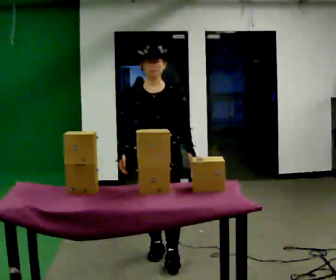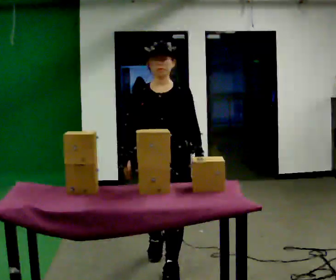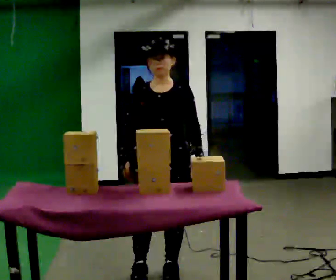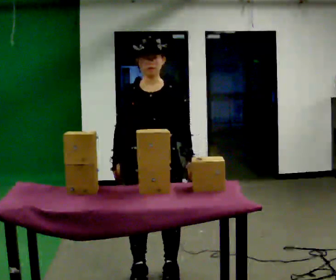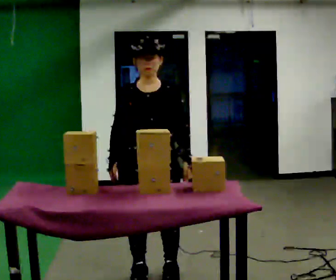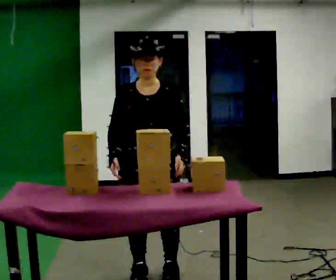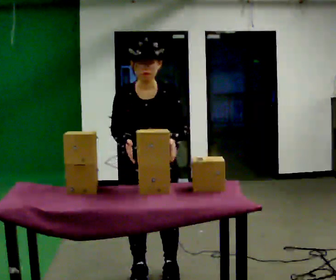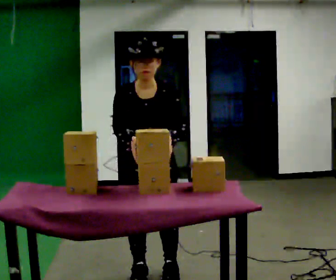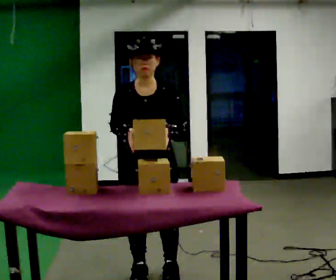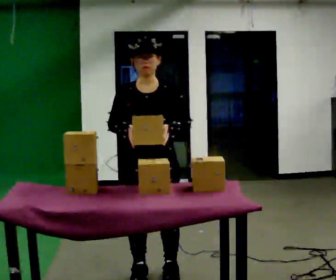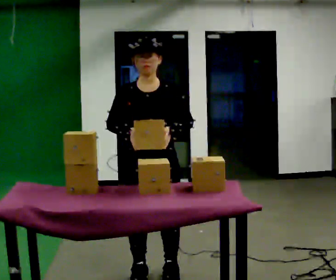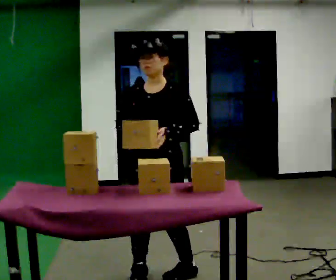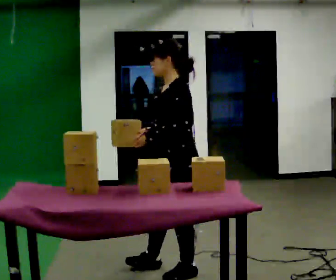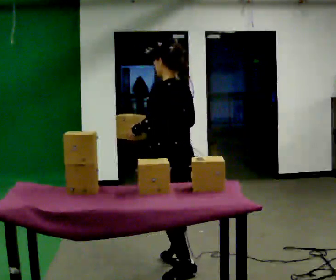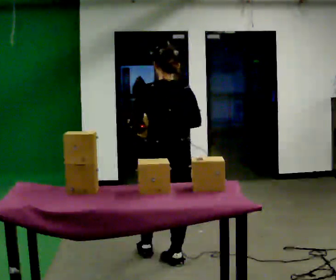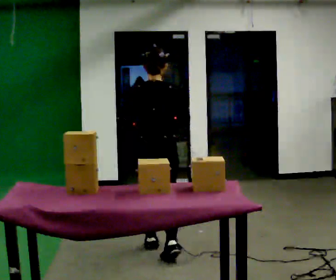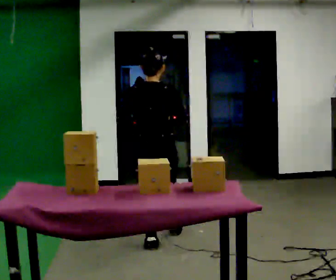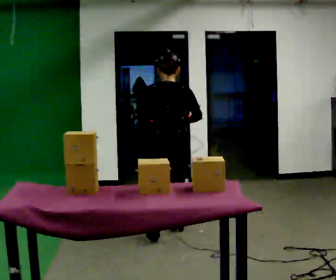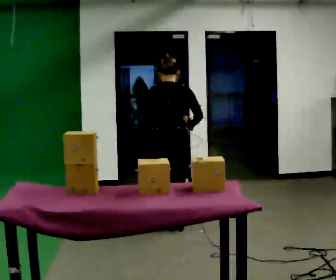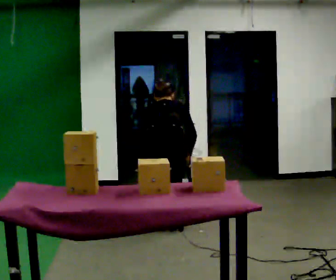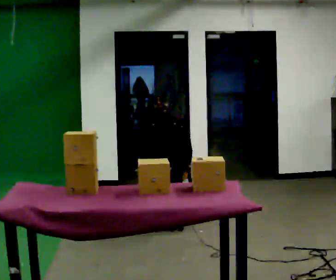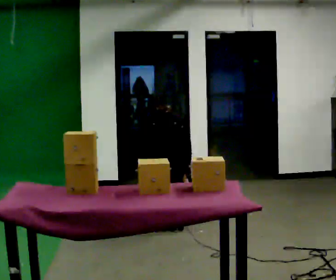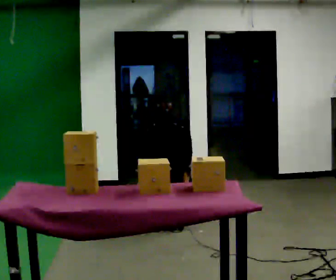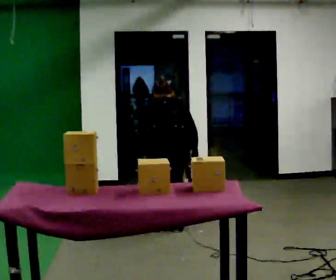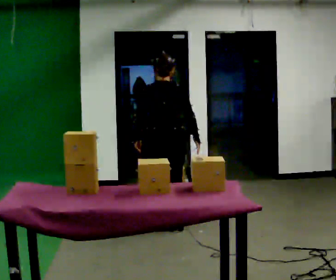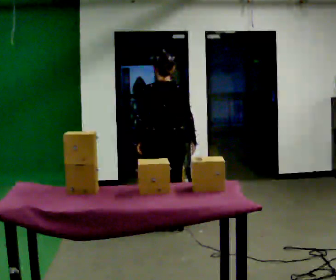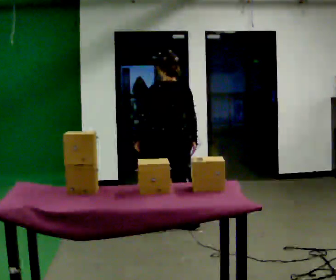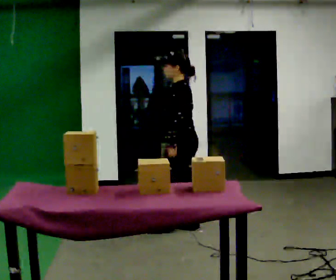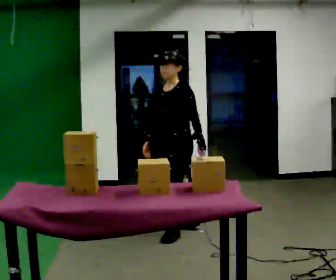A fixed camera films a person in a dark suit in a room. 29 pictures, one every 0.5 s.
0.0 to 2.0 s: In the picture they go toward the camera, about 0.5 m in 2 steps, which for them is forward.
2.0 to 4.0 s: The person moves a little, or ends about where they began.
4.0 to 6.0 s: The part of the body nearest the lens slides to the left as the person turns to their right by about 75 degrees. In the picture they go to the right, about 0.25 m.
6.0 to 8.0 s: The person turns about 105 degrees to their right, clockwise seen from above, so the part of the body nearest the lens slides to the left. In the picture they go away from the camera, about 1 m in 2 steps.
8.0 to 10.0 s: In the picture they go away from the camera, about 0.25 m in 2 steps, which for them is forward. The shoulders move downward. The upper body tips away from the camera, its near side rolling upward, as they bend forward. In the picture their right hand goes downward.
10.0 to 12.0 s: The shoulders move upward. The upper body tips toward the camera, its near side rolling downward, as they lean back or straighten. In the picture their left hand goes upward.
12.0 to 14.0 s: Seen from above the body turns counterclockwise, about 120 degrees: to their left, with its near side sliding to the right. In the picture their right hand goes to the left, the arm swinging clockwise.
The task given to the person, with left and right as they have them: 1. Bring the boxes over from the shelf one at a time. 2. Stack them on the pallet with the heaviest at the bottom. 3. Do not stack more than three high. 4. Tell the operator when you are finished.
The film runs forward here.
